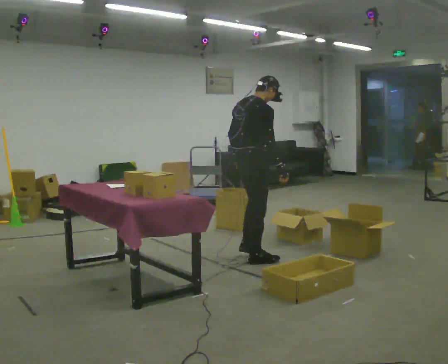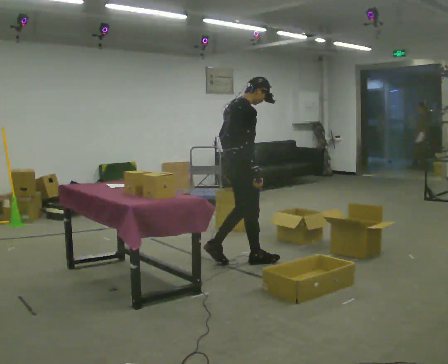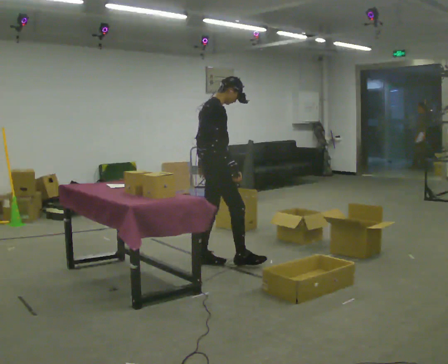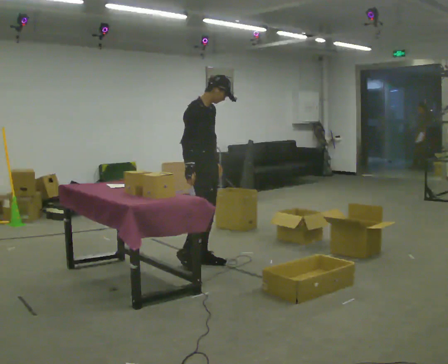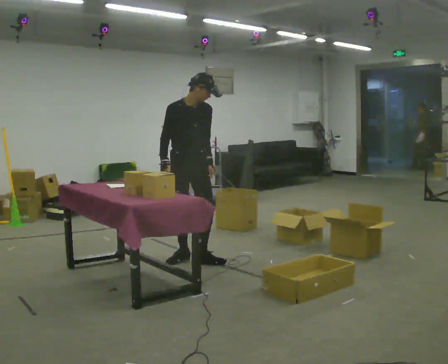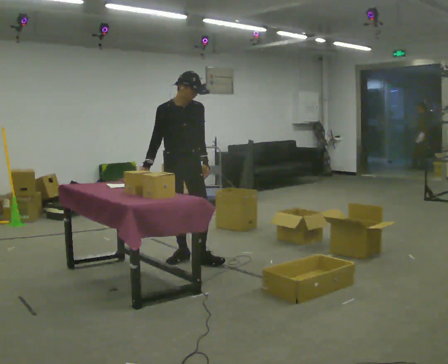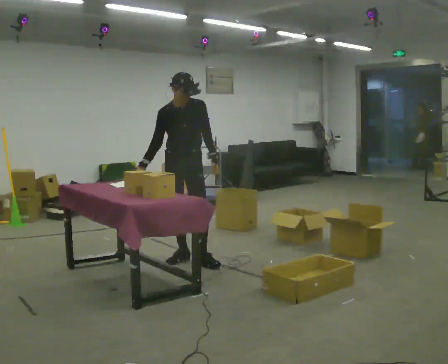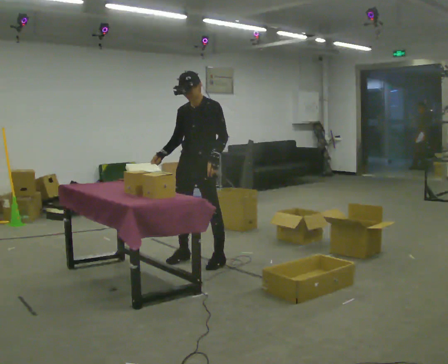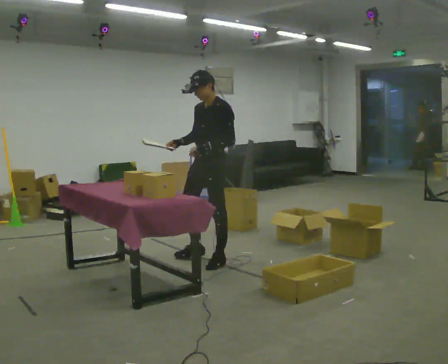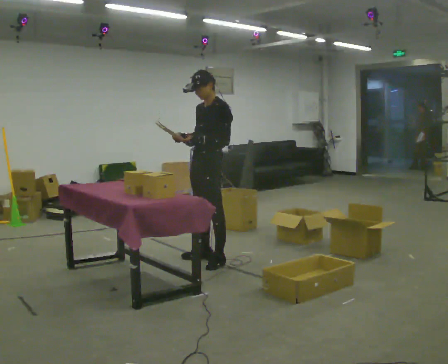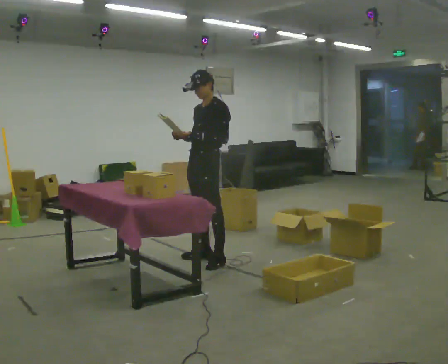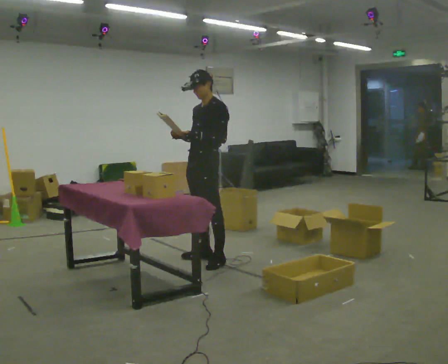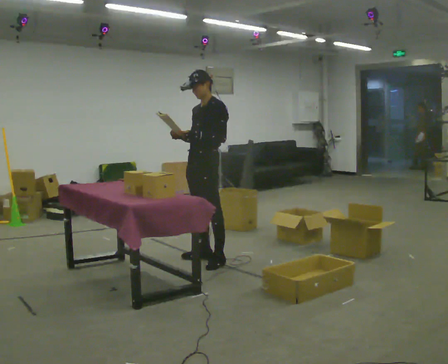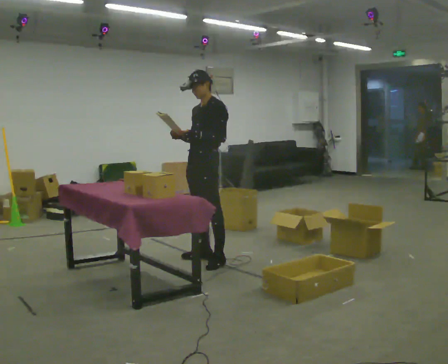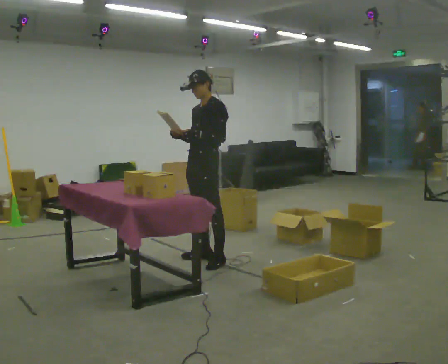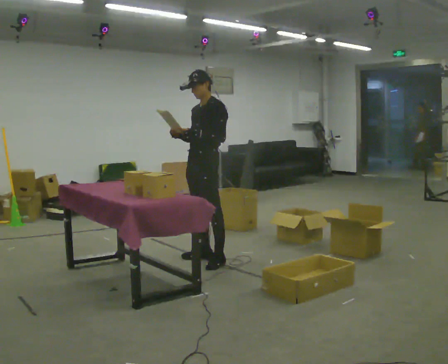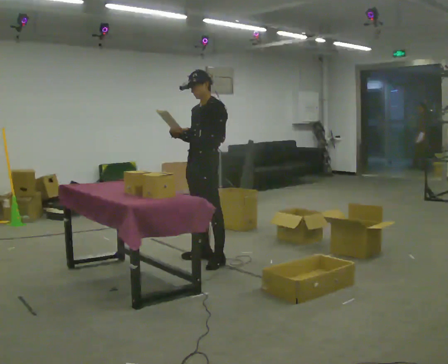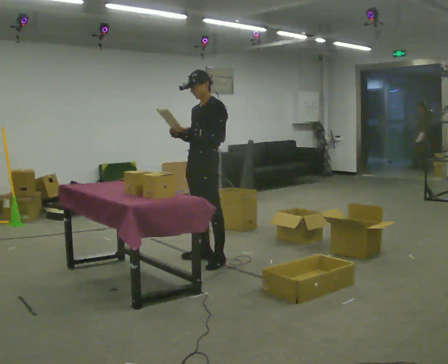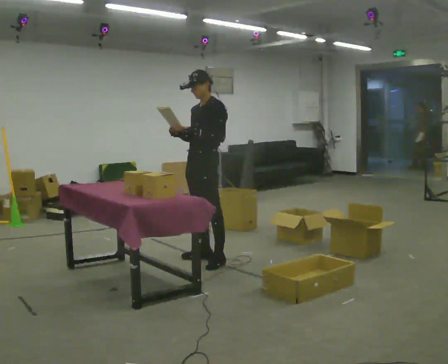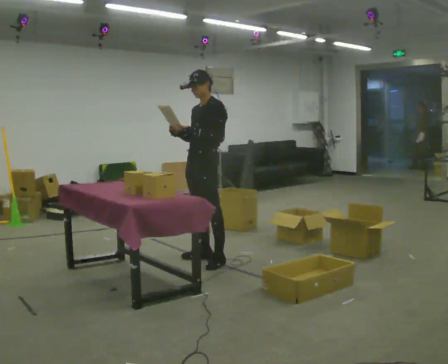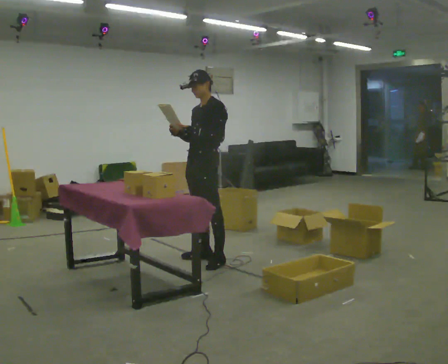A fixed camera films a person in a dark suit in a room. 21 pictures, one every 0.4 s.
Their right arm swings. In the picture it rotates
clockwise.
The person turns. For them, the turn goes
to their right.
0.0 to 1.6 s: The part of the body nearest the lens slides to the left as the person turns to their right by about 105 degrees. In the picture they go to the left, about 0.5 m in 1 step.
1.6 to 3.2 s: Seen from above the body turns clockwise, about 75 degrees: to their right, with its near side sliding to the left. In the picture they go to the right, about 0.25 m in 2 steps.
3.2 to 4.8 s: The person moves a little, or ends about where they began.
4.8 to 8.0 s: The person keeps their place and pose.
The film runs backward here.
